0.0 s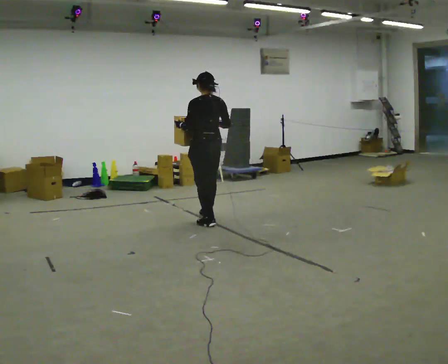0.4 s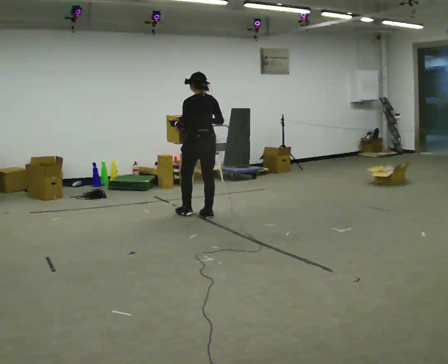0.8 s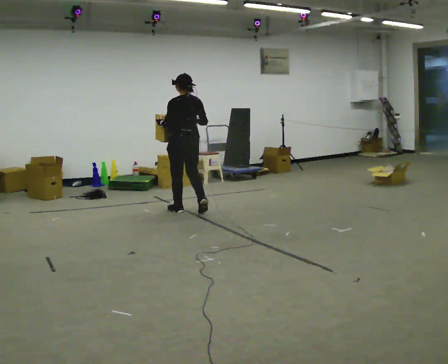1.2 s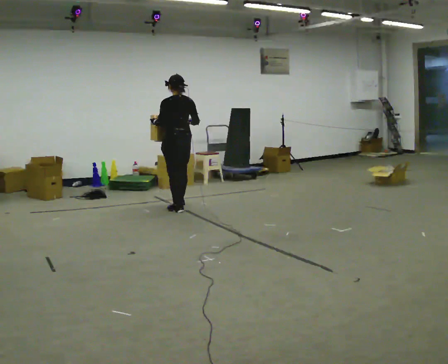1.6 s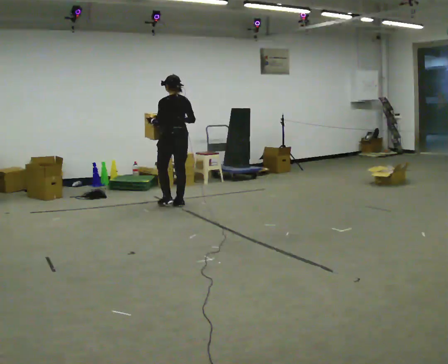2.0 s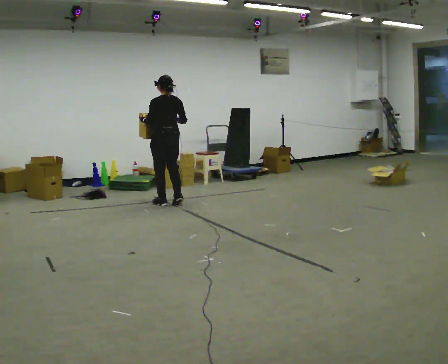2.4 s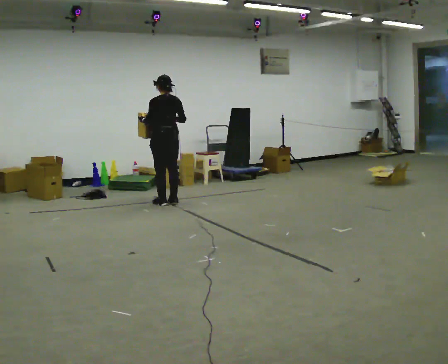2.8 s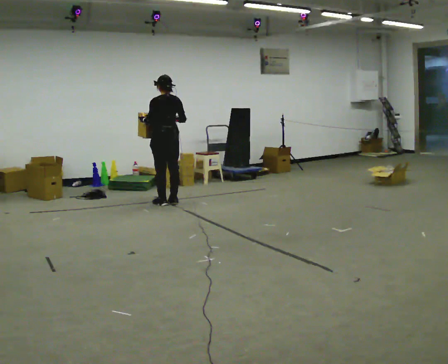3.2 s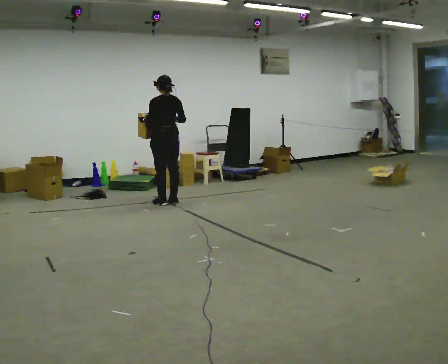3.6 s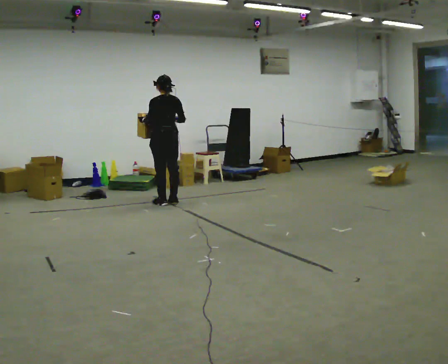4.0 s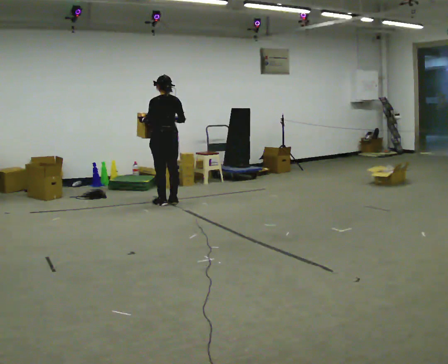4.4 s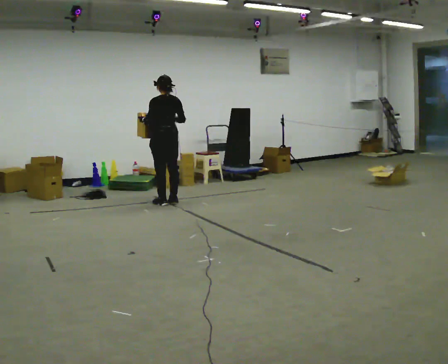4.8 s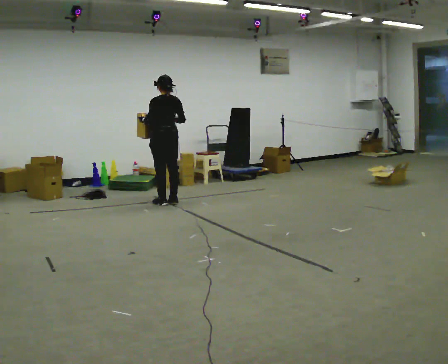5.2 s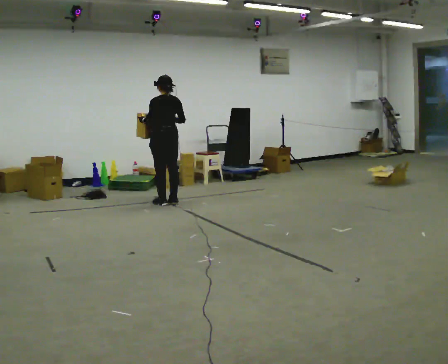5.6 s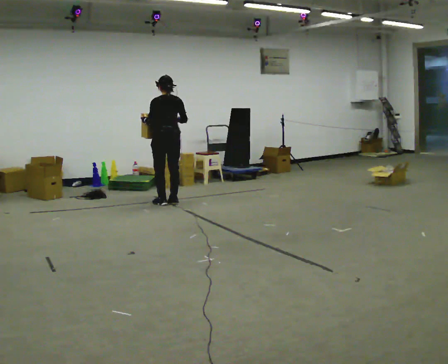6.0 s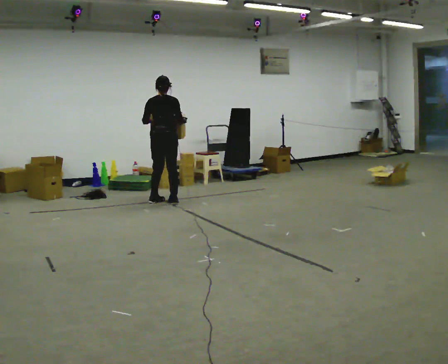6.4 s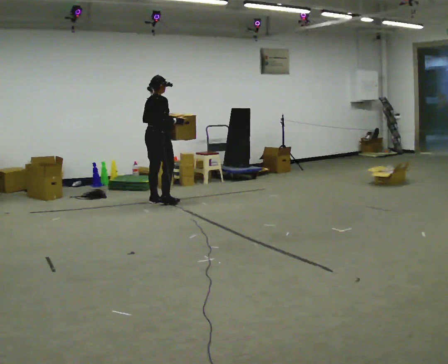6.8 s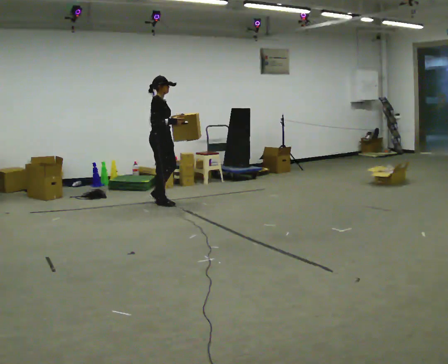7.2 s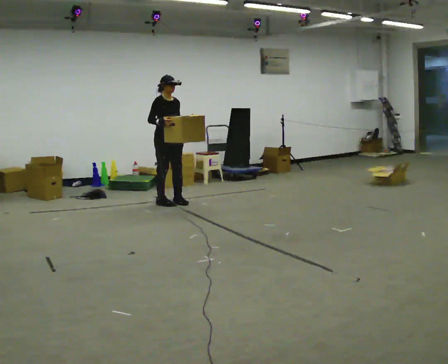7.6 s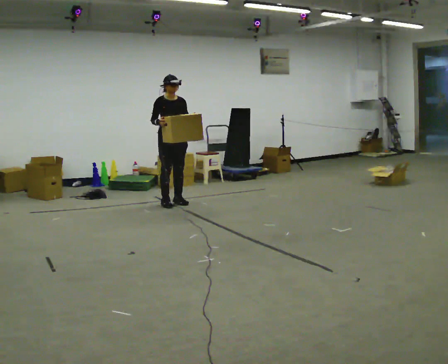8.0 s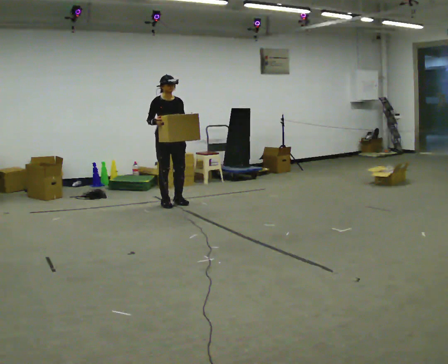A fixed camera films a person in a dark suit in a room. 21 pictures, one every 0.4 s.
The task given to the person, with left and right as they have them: Carry the heavy box in both hands in front of you, walking back and forth across the room. Keep walking until the operator says stop. Set it down if you need a rest.
0.0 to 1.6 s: In the picture they go away from the camera and to the left, about 1 m in 2 steps, which for them is forward.
1.6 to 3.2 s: In the picture they go away from the camera, about 0.25 m in 2 steps, which for them is forward.
3.2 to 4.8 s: The person keeps their place and pose.
4.8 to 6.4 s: The person turns about 90 degrees to their right, clockwise seen from above, so the part of the body nearest the lens slides to the left.
6.4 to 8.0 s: The person turns about 90 degrees to their right, clockwise seen from above, so the part of the body nearest the lens slides to the left. In the picture their left hand goes to the right.
The film runs forward here.
